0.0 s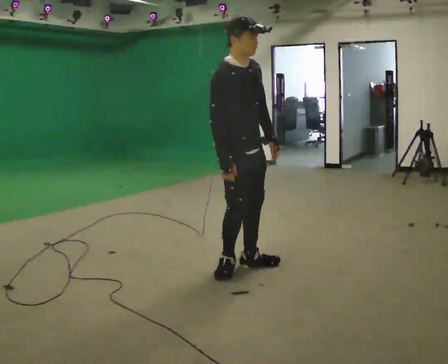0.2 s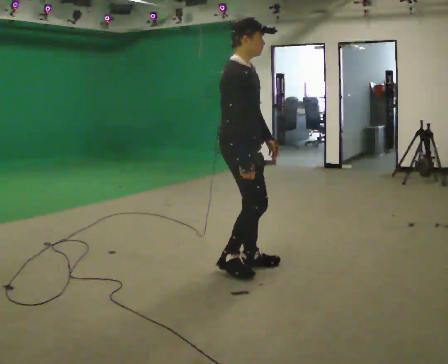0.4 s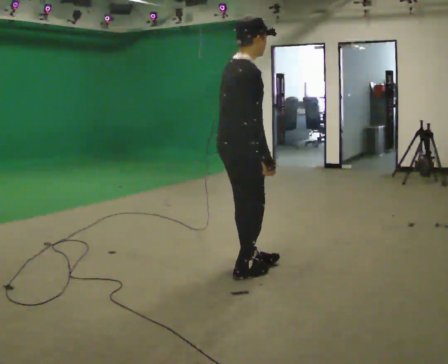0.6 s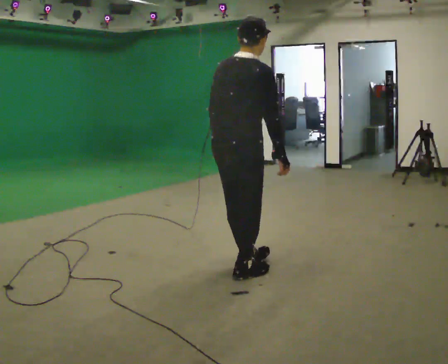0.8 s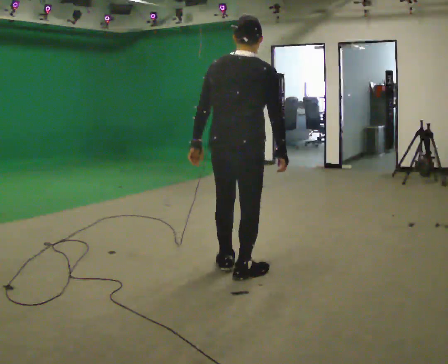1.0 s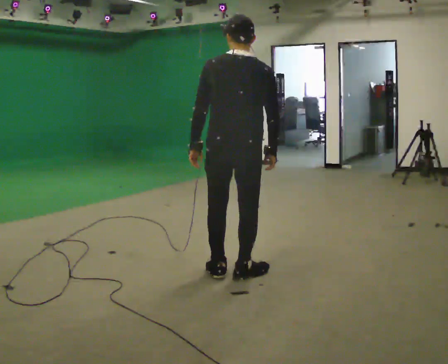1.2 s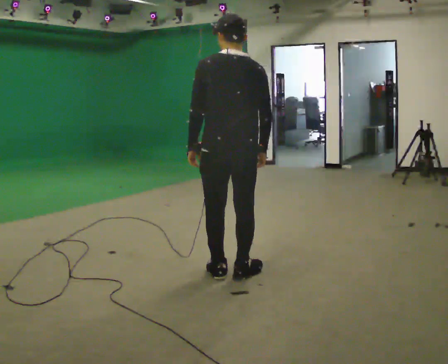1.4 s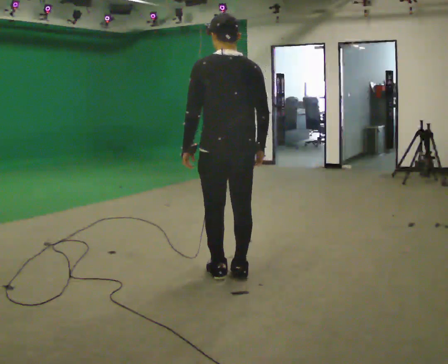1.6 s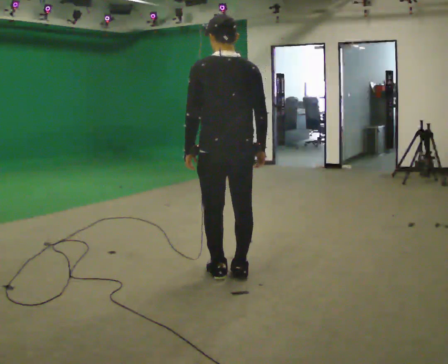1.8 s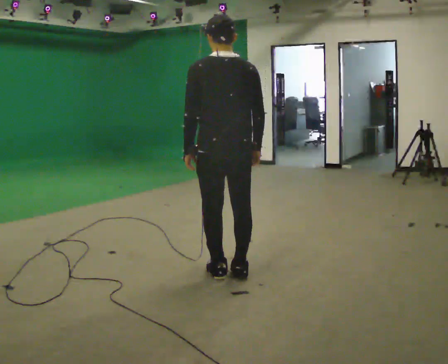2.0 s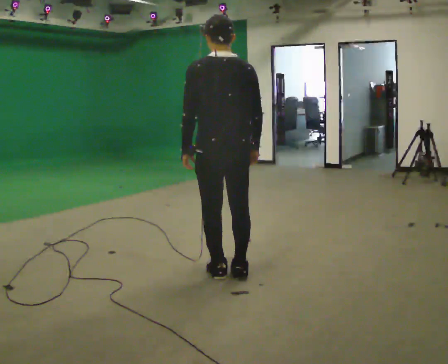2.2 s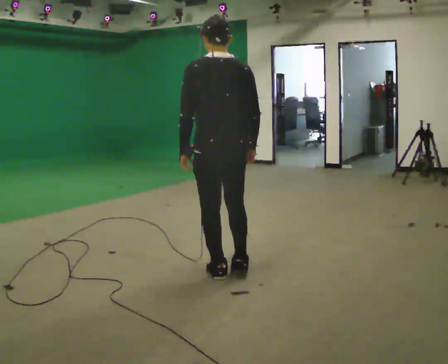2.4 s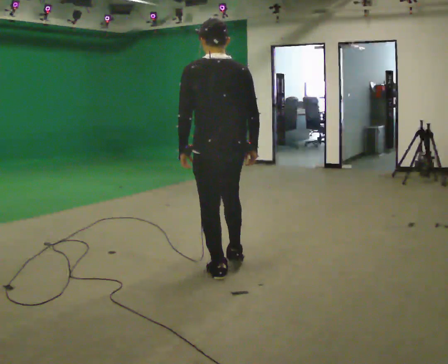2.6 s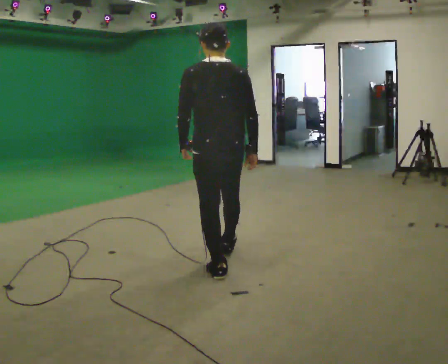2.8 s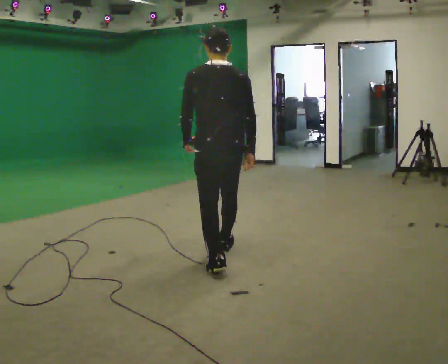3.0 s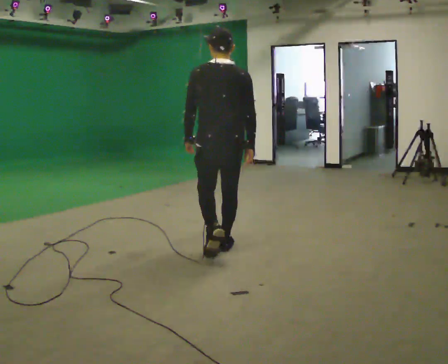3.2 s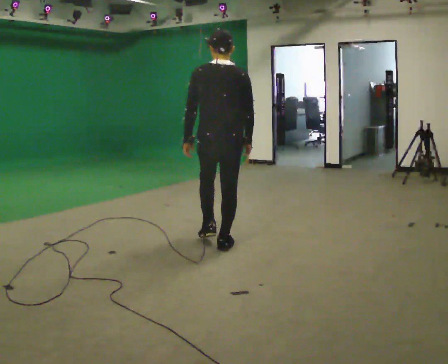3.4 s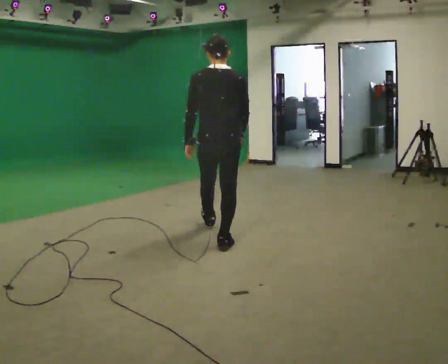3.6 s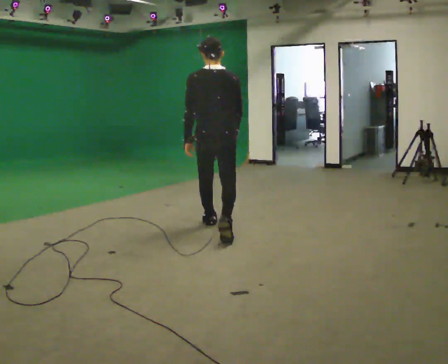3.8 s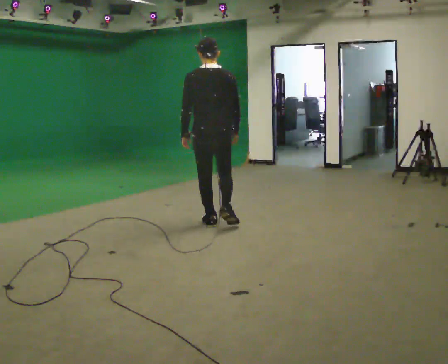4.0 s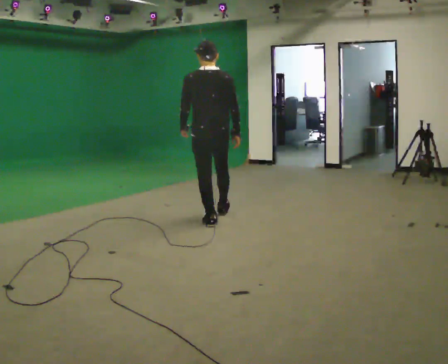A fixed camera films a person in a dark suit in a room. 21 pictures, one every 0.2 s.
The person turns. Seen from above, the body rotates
counterclockwise.
The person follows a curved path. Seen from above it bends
clockwise.
0.0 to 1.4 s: Seen from above the body turns counterclockwise, about 135 degrees: to their left, with its near side sliding to the right. In the picture they go toward the camera, about 0.25 m in 2 steps. In the picture their left hand goes to the left, the arm swinging clockwise.
1.4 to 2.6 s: In the picture they go away from the camera, about 0.25 m, which for them is forward.
2.6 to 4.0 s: In the picture they go away from the camera, about 1.5 m in 2 steps, which for them is forward.
The film runs forward here.
